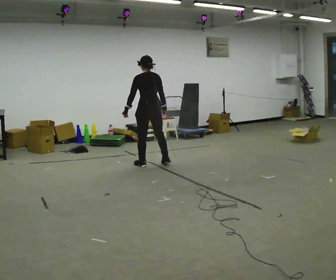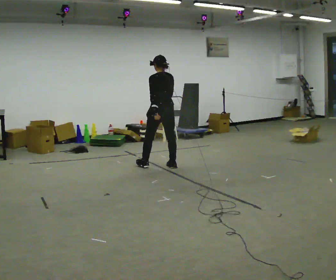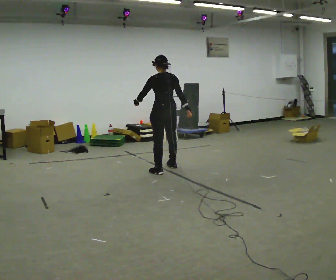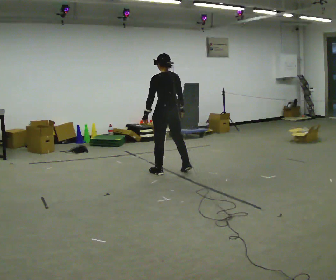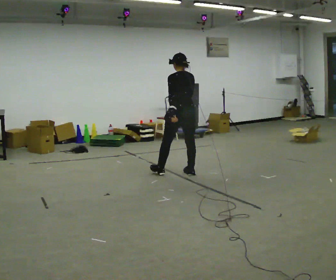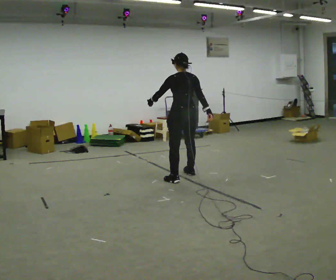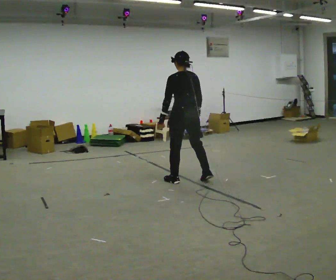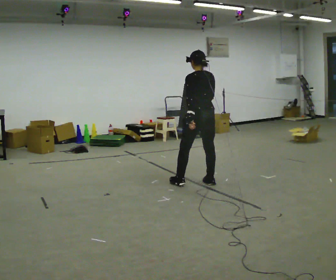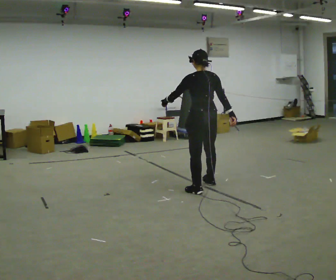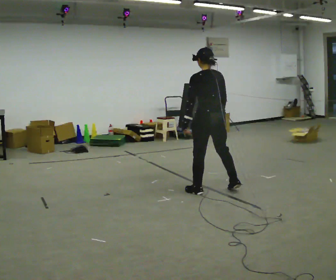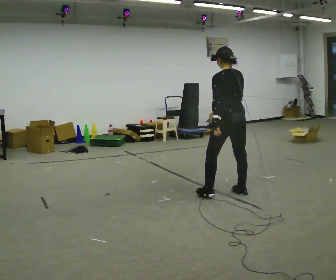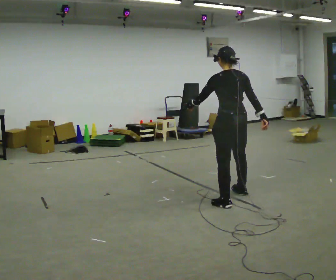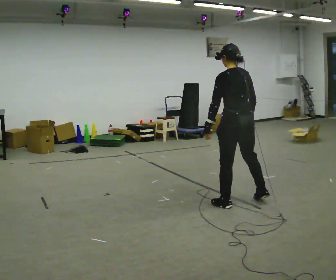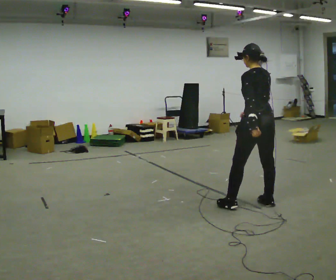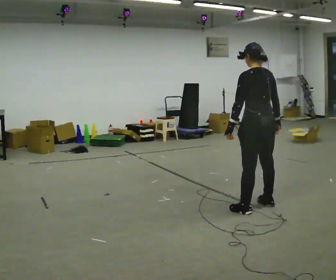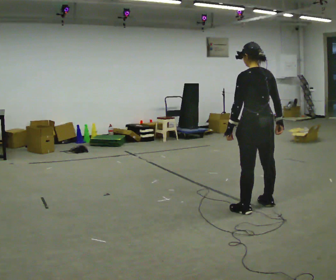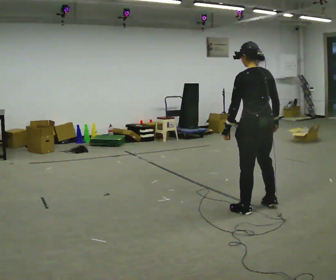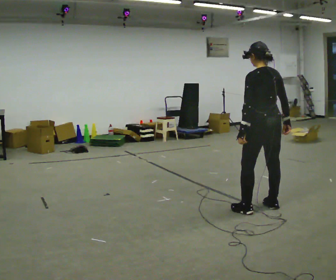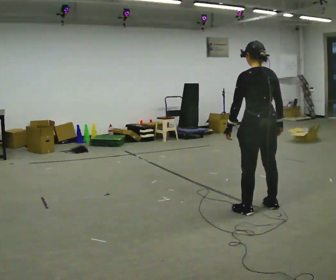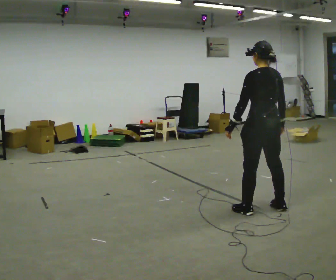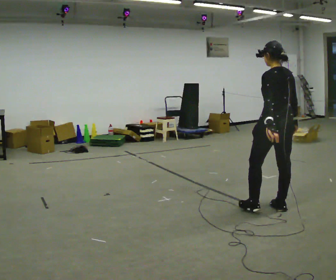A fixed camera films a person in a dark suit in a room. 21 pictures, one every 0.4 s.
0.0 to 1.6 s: In the picture they go to the right and toward the camera, about 0.75 m in 2 steps, which for them is backward.
1.6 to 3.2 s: In the picture they go toward the camera and to the right, about 0.75 m in 3 steps, which for them is backward.
3.2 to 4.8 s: In the picture they go toward the camera and to the right, about 0.5 m in 3 steps, which for them is backward.
4.8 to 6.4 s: In the picture they go toward the camera and to the right, about 0.25 m in 1 step, which for them is backward.
6.4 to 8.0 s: In the picture they go to the right, about 0.25 m, which for them is to their right.
The film runs backward here.
